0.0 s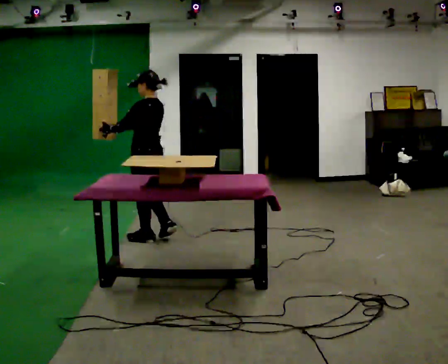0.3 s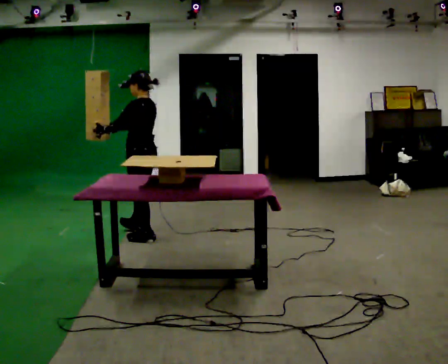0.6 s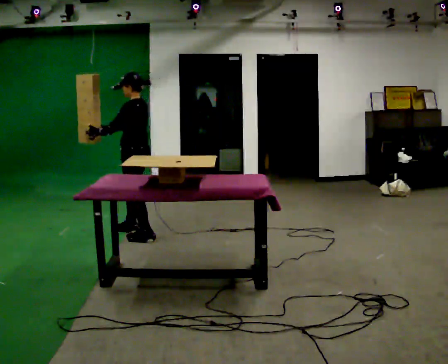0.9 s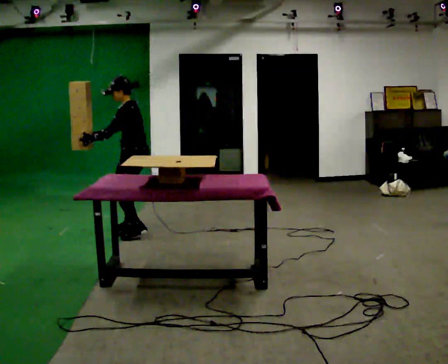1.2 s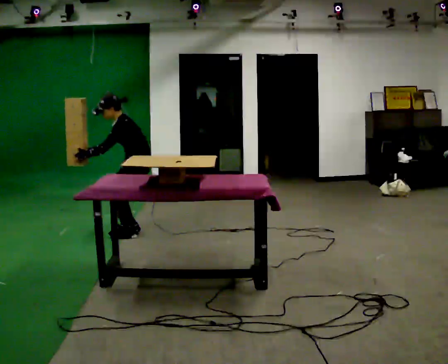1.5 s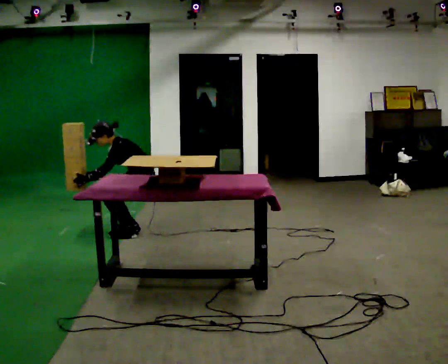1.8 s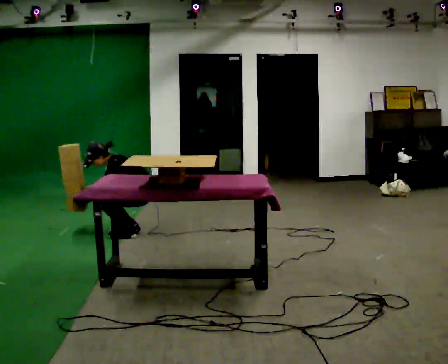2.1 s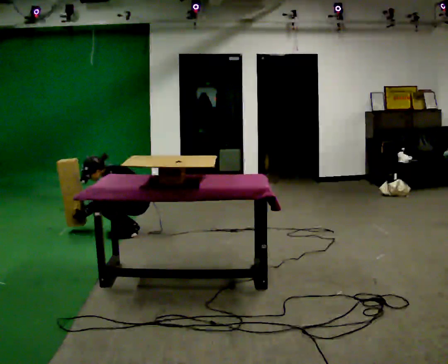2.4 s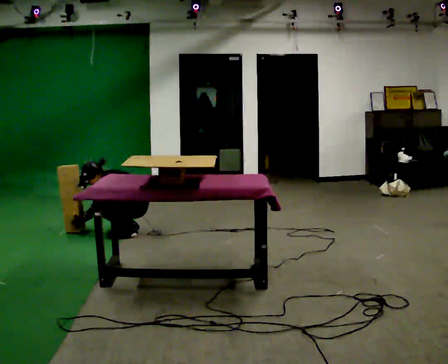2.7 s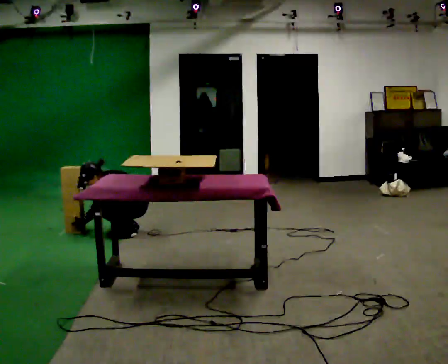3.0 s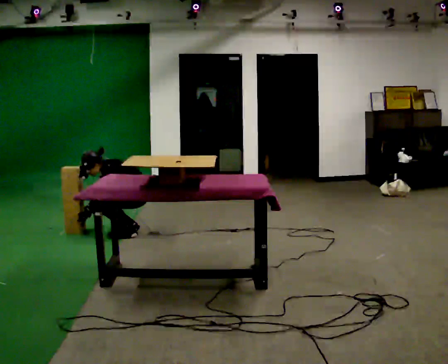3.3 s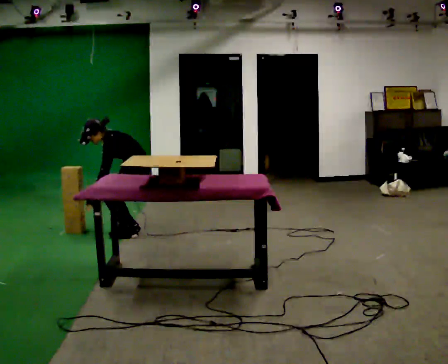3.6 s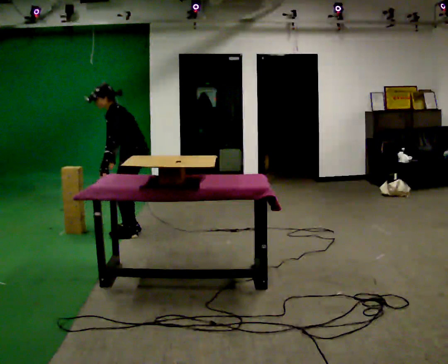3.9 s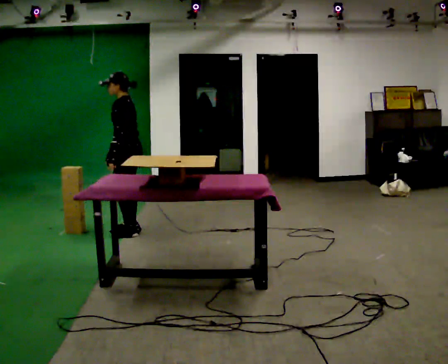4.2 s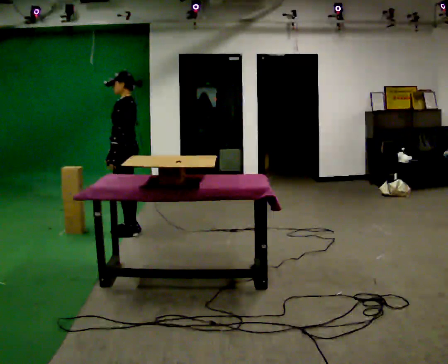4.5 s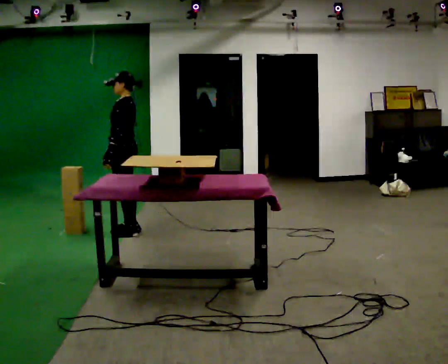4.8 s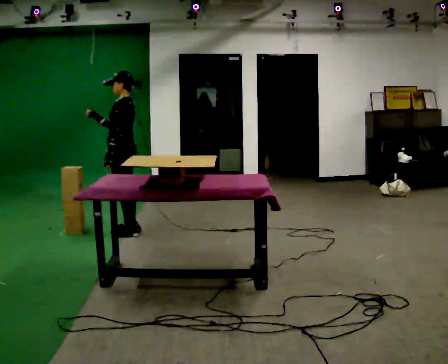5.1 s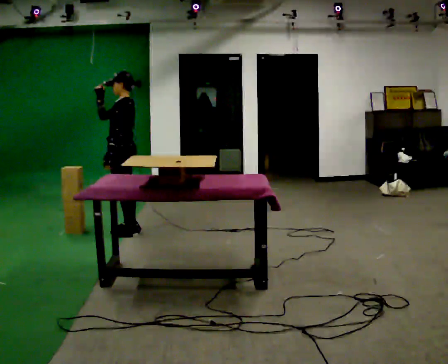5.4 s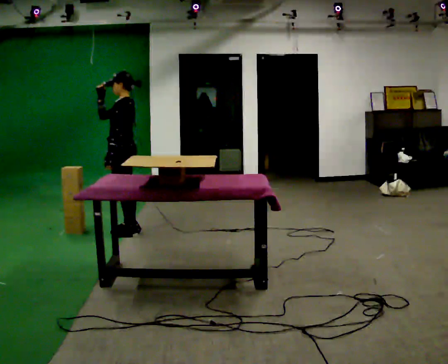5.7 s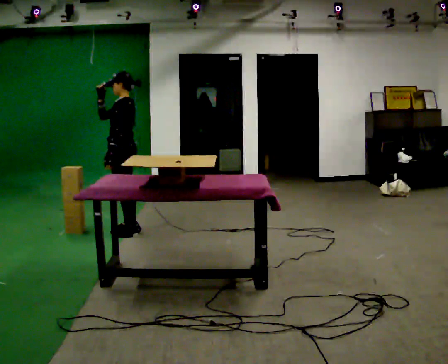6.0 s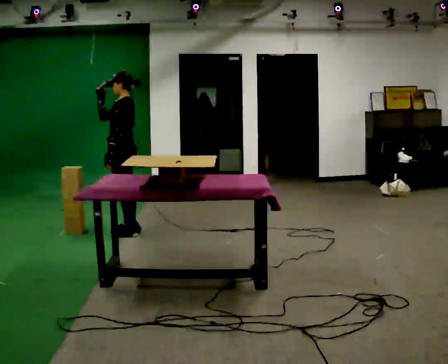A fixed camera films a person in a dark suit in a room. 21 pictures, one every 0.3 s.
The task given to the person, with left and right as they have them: Carry the object over and set it down on the wobbly board without tipping it over. Keep going until the operator says stop; one object at a time, and do not rush between trips.
0.0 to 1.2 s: The person turns about 30 degrees to their left, counterclockwise seen from above, so the part of the body nearest the lens slides to the right. In the picture they go away from the camera, about 0.25 m in 2 steps, which for them is to their right and forward. The upper body goes downward. In the picture the upper body tilts counterclockwise, shoulders to the left, as they bend forward.
1.2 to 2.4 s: The upper body goes downward. In the picture the upper body tilts counterclockwise, shoulders to the left, as they bend forward. In the picture their left hand goes downward.
2.4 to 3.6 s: The upper body goes upward. In the picture the upper body tilts clockwise, shoulders to the right, as they lean back or straighten. In the picture their left hand goes upward.
3.6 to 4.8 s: In the picture the upper body tilts clockwise, shoulders to the right, as they lean back or straighten. In the picture their right hand goes upward.
4.8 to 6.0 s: The person moves a little, or ends about where they began.
The film runs forward here.
